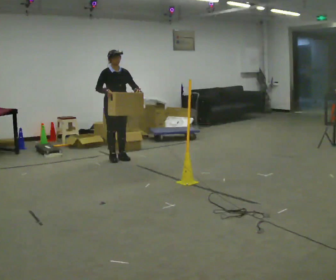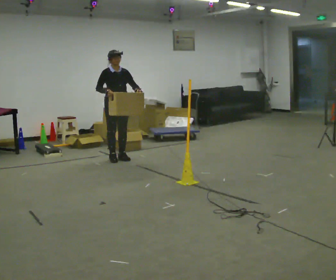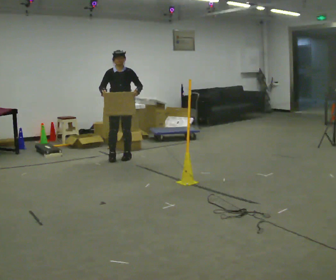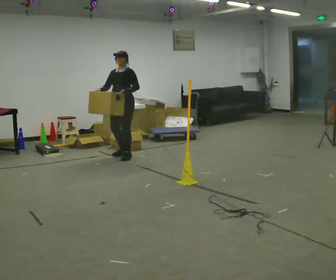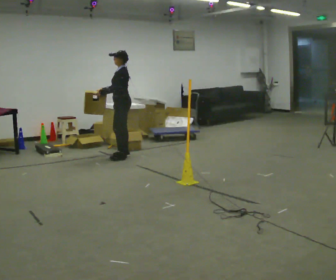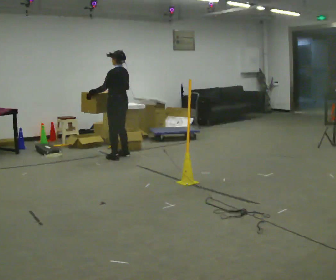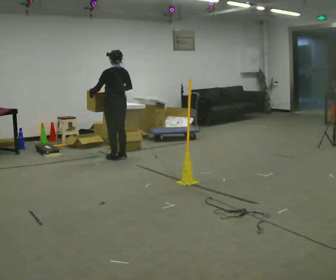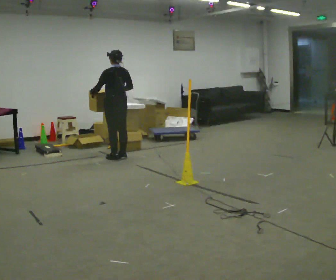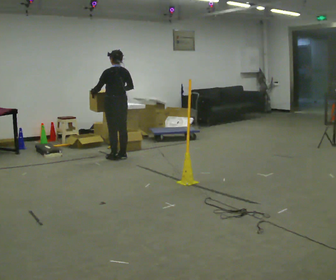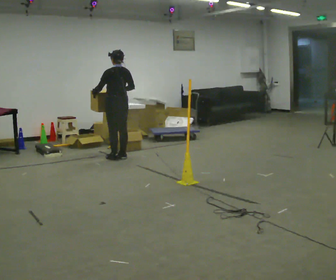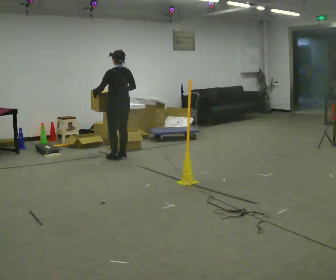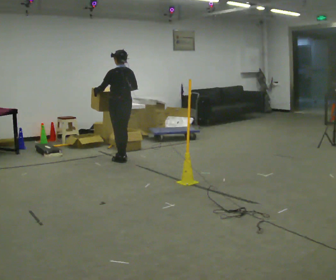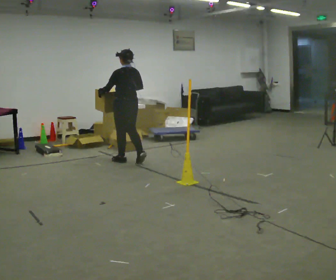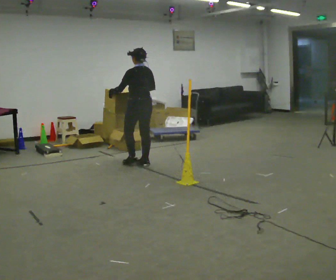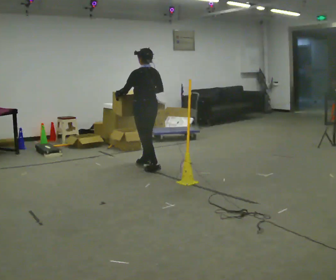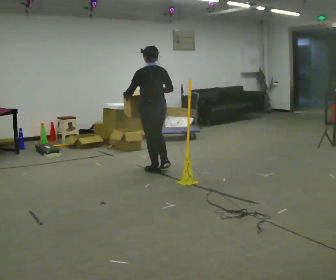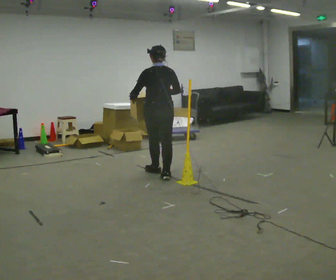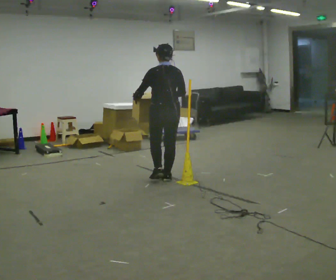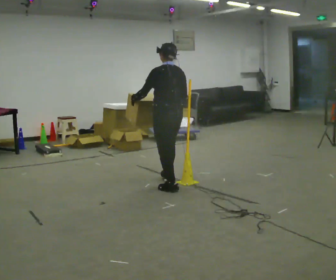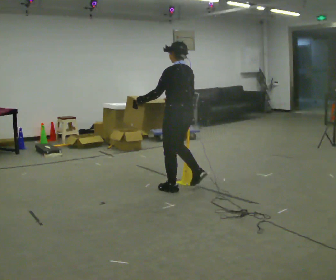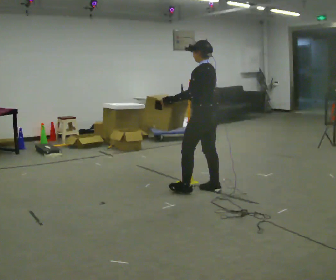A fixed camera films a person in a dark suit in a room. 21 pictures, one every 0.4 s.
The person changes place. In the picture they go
toward the camera.
0.0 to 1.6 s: Seen from above the body turns clockwise, about 105 degrees: to their right, with its near side sliding to the left. In the picture they go away from the camera, about 0.25 m in 2 steps. In the picture their left hand goes to the left.
1.6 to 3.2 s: Seen from above the body turns clockwise, about 60 degrees: to their right, with its near side sliding to the left.
3.2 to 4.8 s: In the picture they go toward the camera, about 0.25 m in 2 steps, which for them is backward.
4.8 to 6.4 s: In the picture they go toward the camera and to the right, about 1 m in 2 steps, which for them is backward.
6.4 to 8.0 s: Seen from above the body turns counterclockwise, about 45 degrees: to their left, with its near side sliding to the right. In the picture they go toward the camera and to the right, about 1 m in 3 steps, which for them is backward.
The film runs backward here.
